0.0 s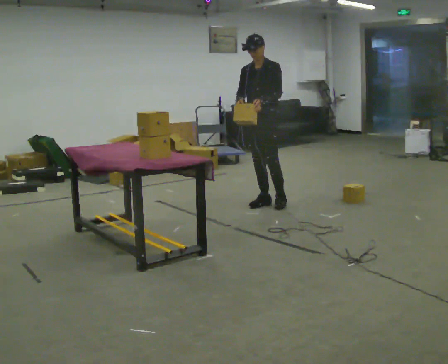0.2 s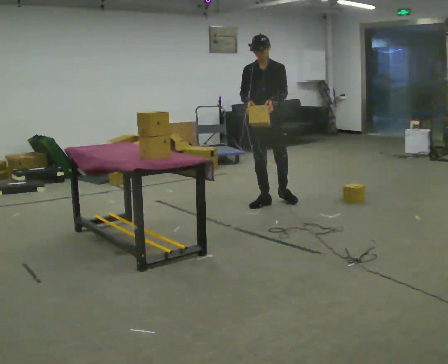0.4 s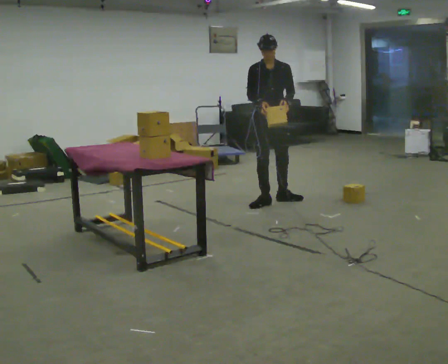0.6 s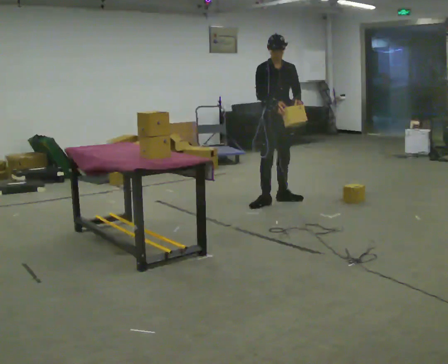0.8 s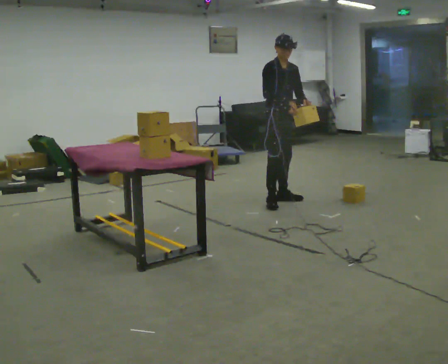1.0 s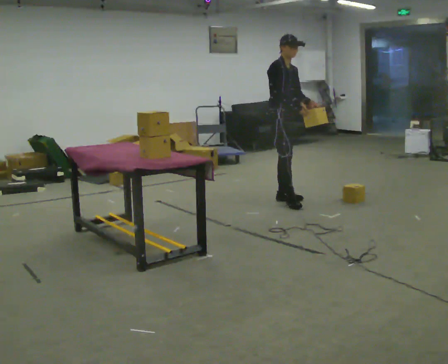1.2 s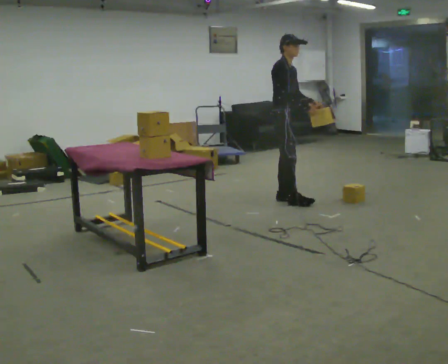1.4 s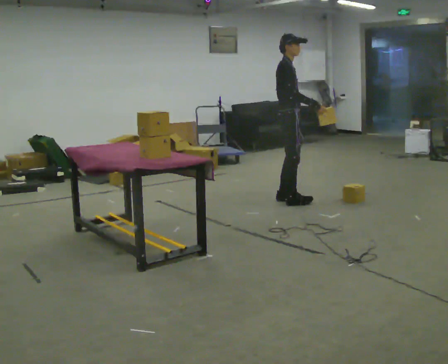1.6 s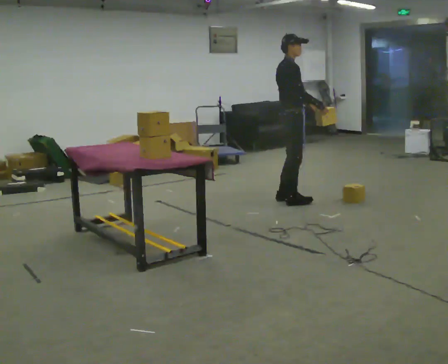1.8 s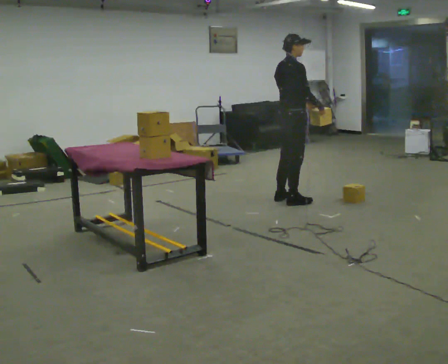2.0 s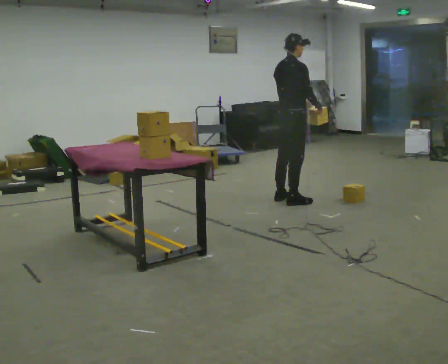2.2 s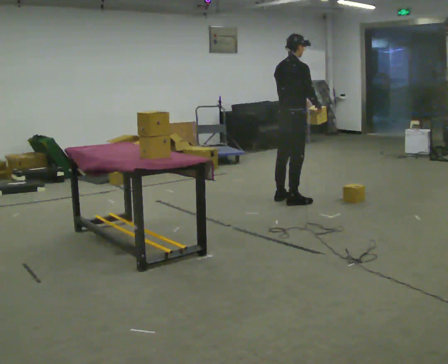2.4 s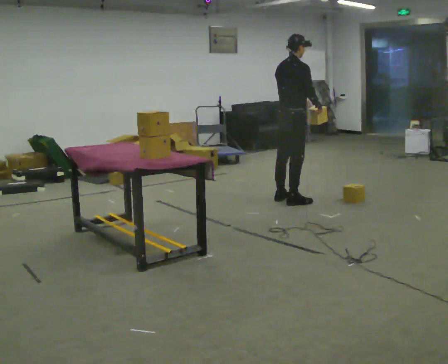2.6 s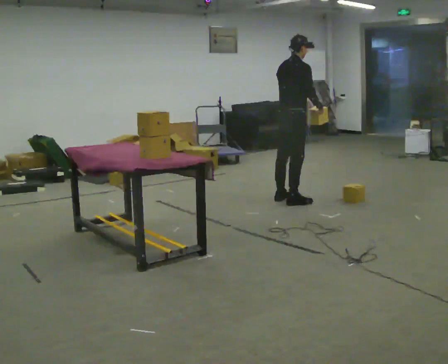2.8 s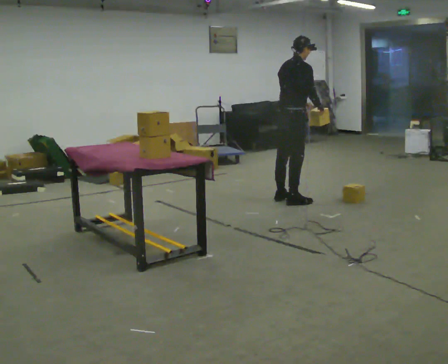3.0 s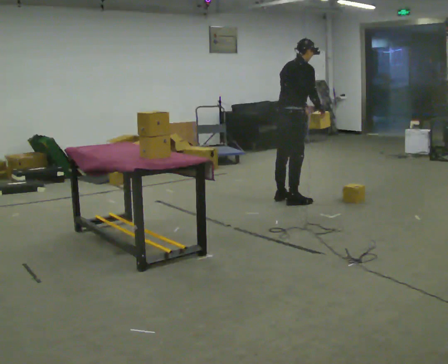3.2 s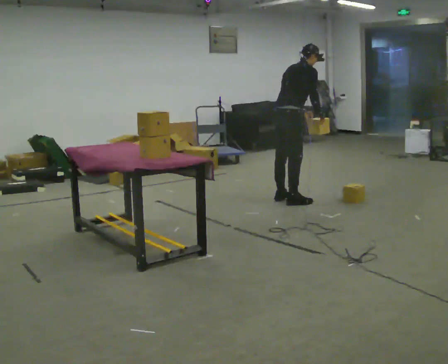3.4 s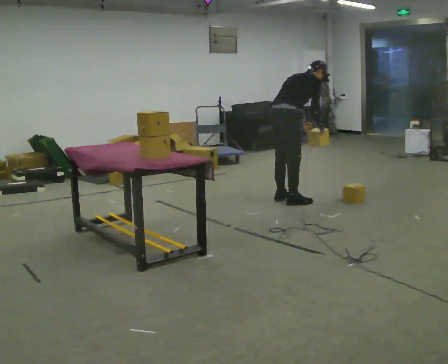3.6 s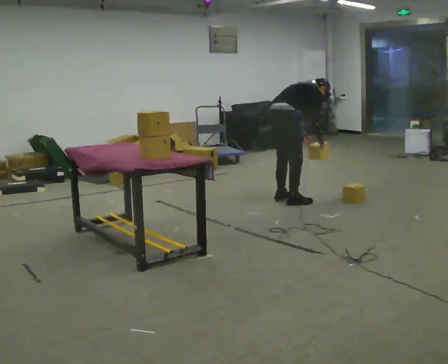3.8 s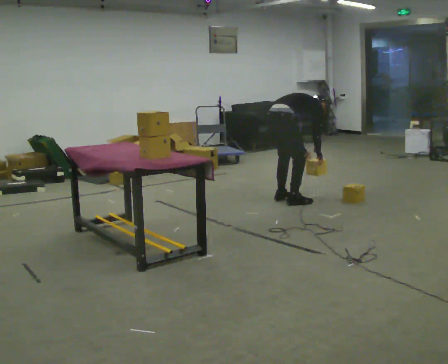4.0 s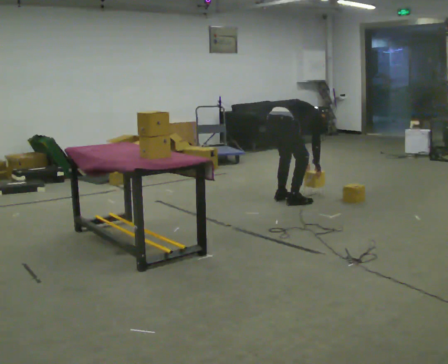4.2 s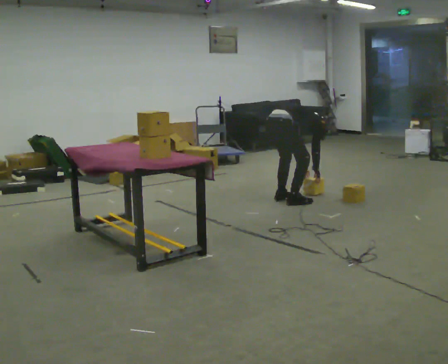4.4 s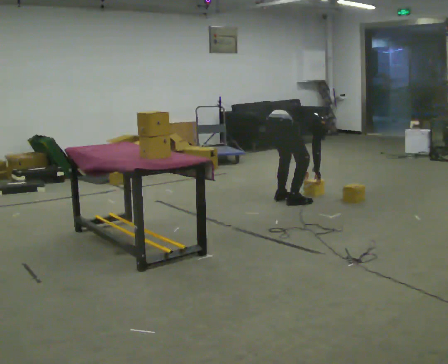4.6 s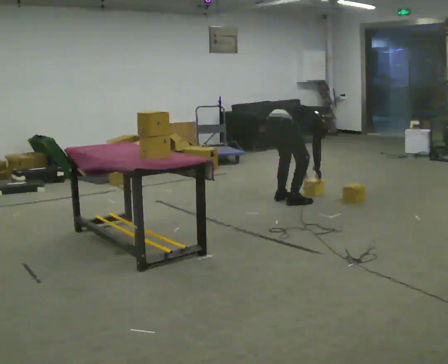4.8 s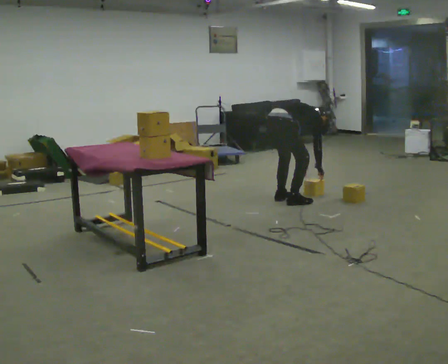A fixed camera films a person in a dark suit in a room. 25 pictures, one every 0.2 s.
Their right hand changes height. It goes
downward.
The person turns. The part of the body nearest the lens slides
to the right.
0.0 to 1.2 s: Seen from above the body turns counterclockwise, about 90 degrees: to their left, with its near side sliding to the right. In the picture they go to the right, about 0.25 m in 1 step. In the picture their left hand goes to the right.
1.2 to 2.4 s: The person turns about 60 degrees to their left, counterclockwise seen from above, so the part of the body nearest the lens slides to the right.
2.4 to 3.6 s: The shoulders move downward. In the picture the upper body tilts clockwise, shoulders to the right, as they bend forward. In the picture their left hand goes downward.
3.6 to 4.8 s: The shoulders move downward. In the picture the upper body tilts clockwise, shoulders to the right, as they bend forward. In the picture their left hand goes downward.
The film runs backward here.
